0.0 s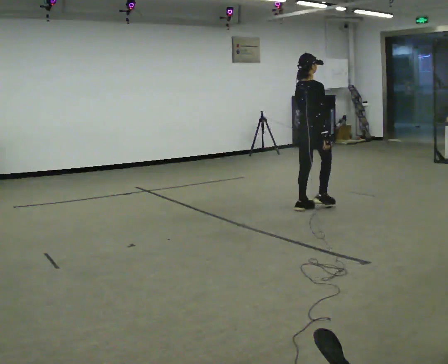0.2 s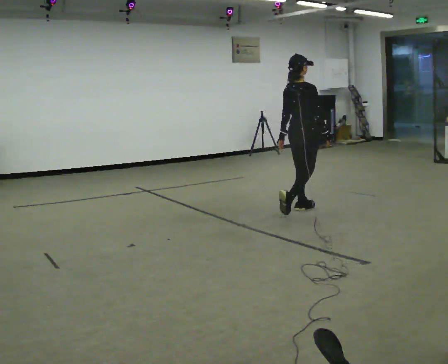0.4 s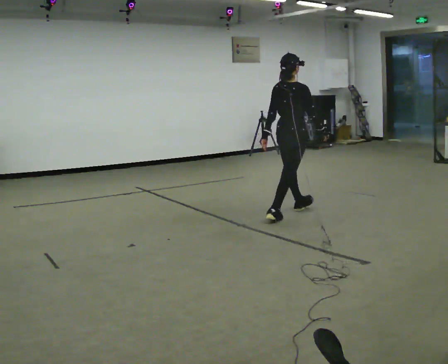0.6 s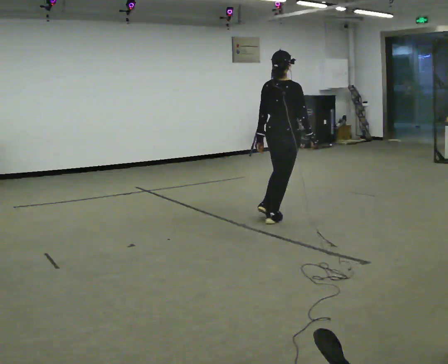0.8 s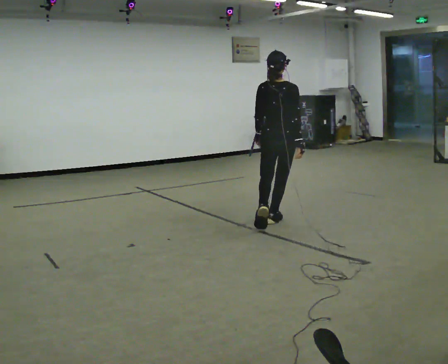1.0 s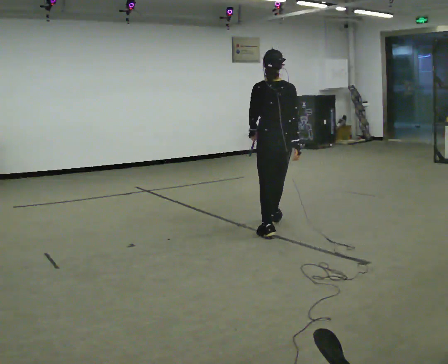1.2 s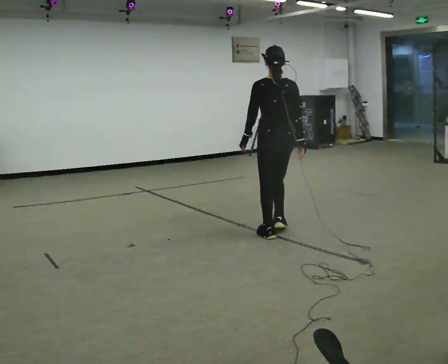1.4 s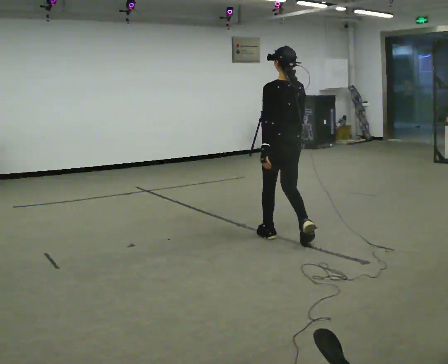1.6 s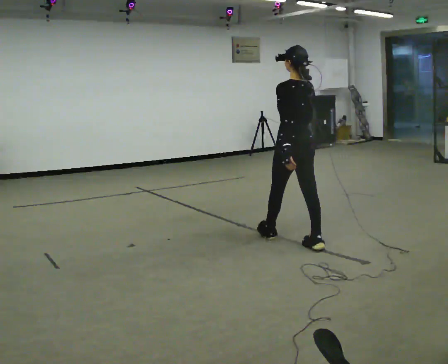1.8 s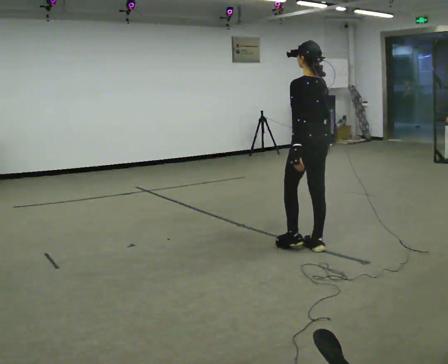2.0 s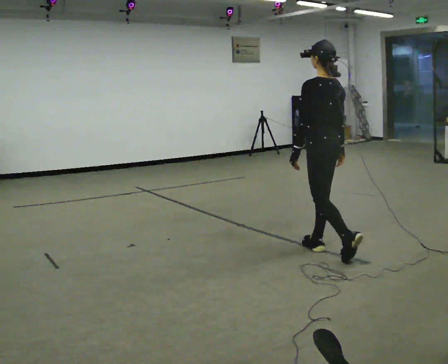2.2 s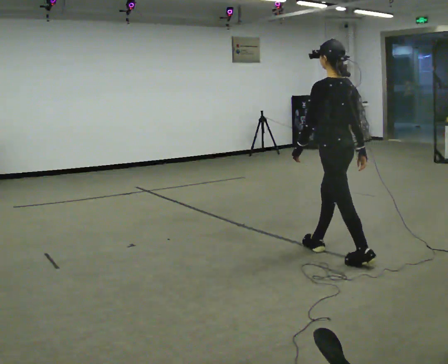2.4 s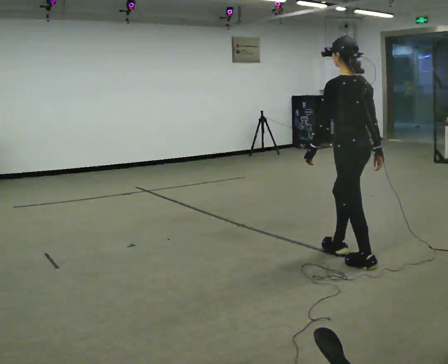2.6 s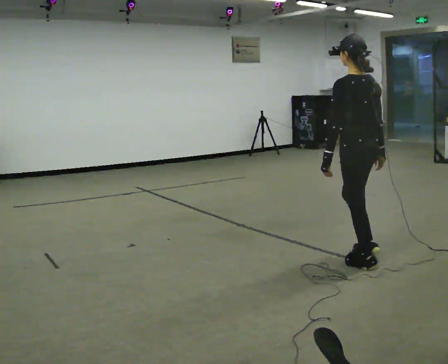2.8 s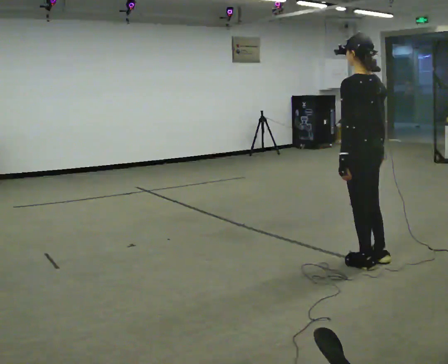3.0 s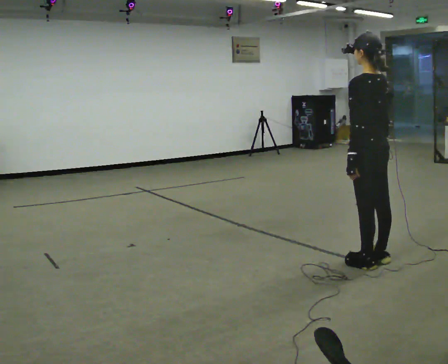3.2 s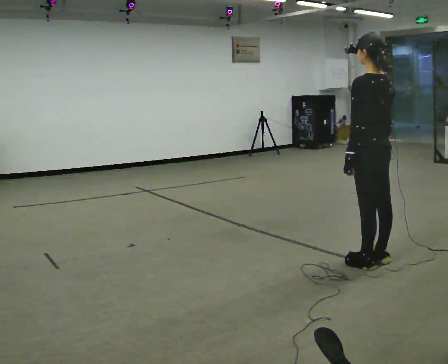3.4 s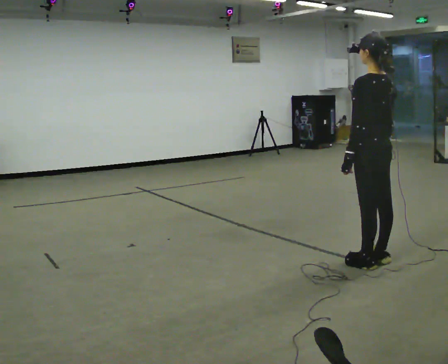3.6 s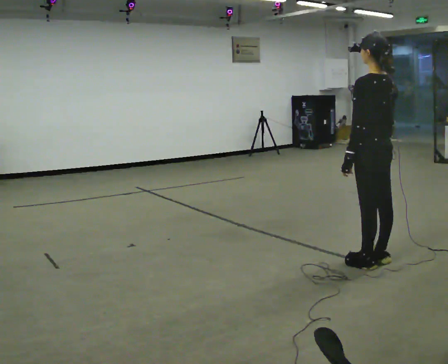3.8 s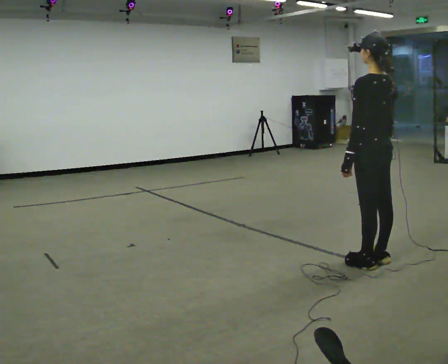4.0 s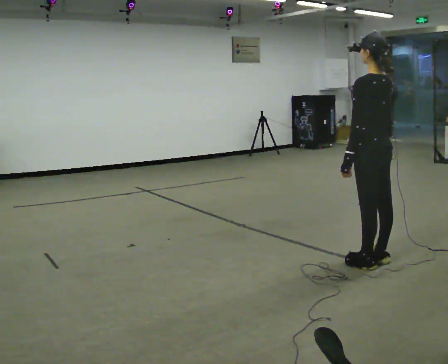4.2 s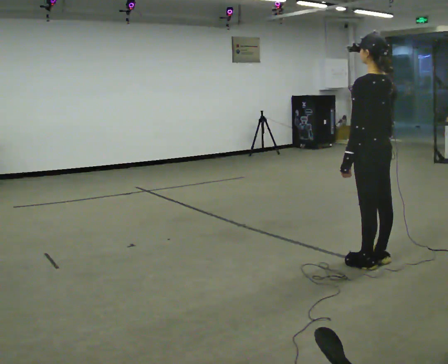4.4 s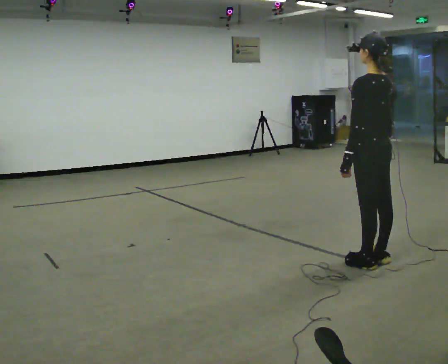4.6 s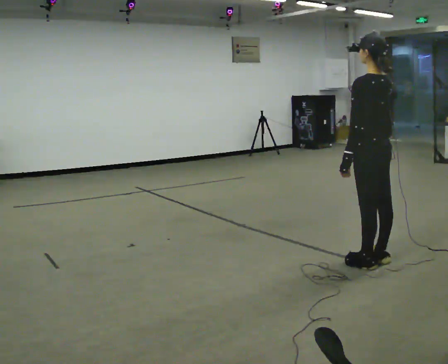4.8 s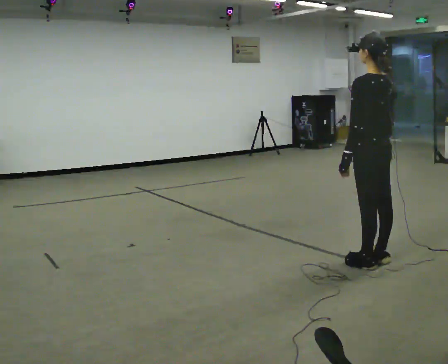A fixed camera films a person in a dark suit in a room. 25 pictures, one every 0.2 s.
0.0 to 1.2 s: The person turns about 60 degrees to their left, counterclockwise seen from above, so the part of the body nearest the lens slides to the right. In the picture they go toward the camera, about 1 m in 2 steps.
1.2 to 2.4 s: Seen from above the body turns counterclockwise, about 30 degrees: to their left, with its near side sliding to the right. In the picture they go toward the camera and to the right, about 1 m in 2 steps, which for them is backward.
2.4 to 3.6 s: The person moves a little, or ends about where they began.
3.6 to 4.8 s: The person keeps their place and pose.
The film runs backward here.
